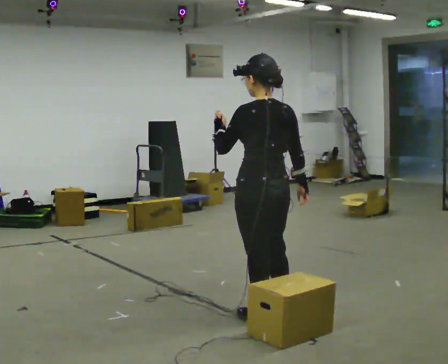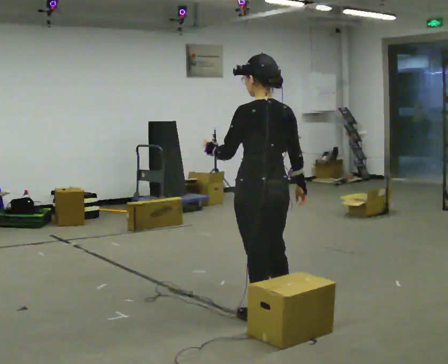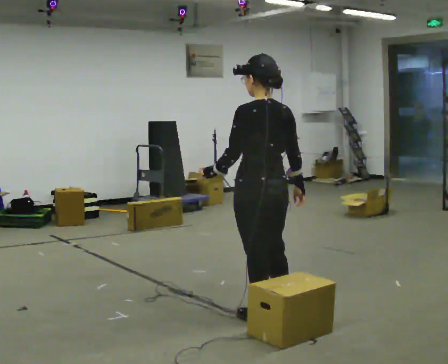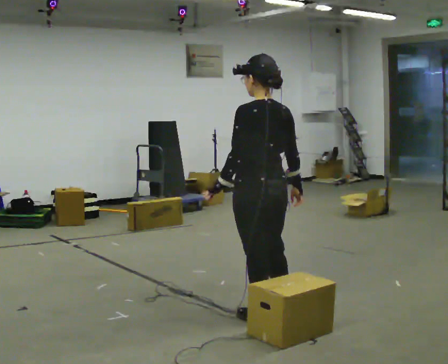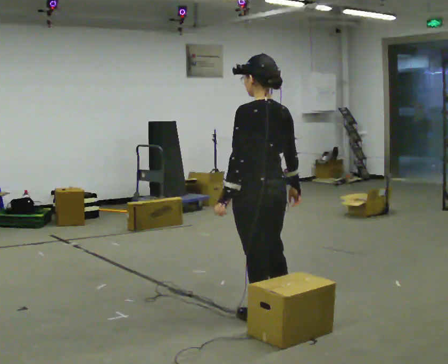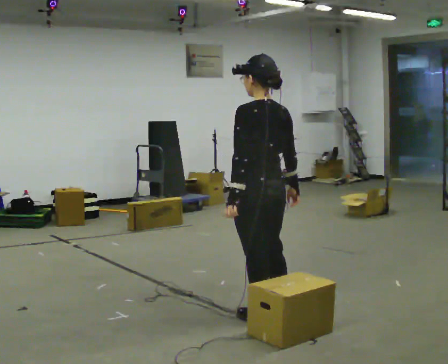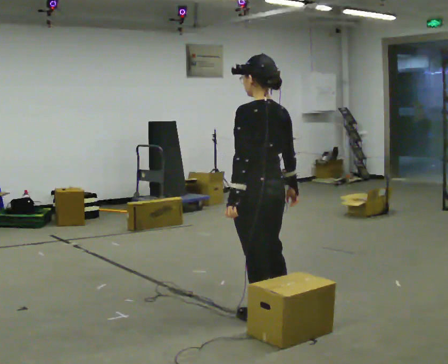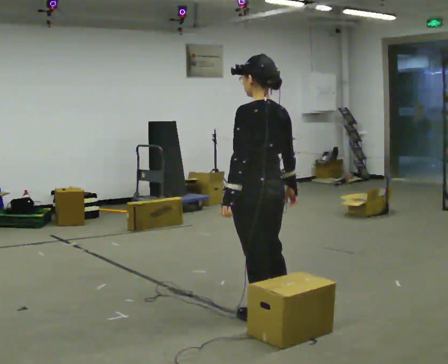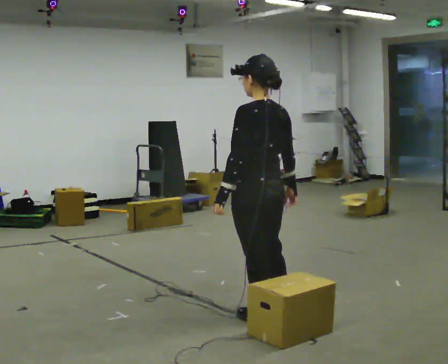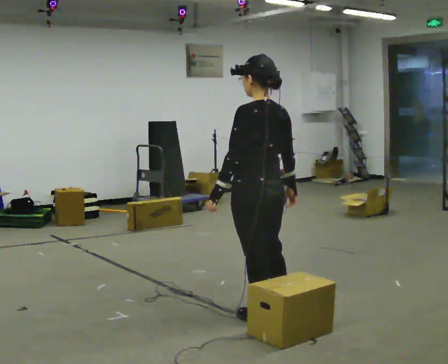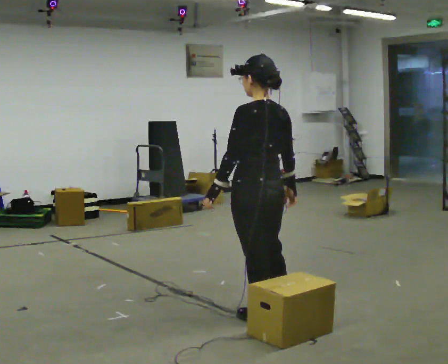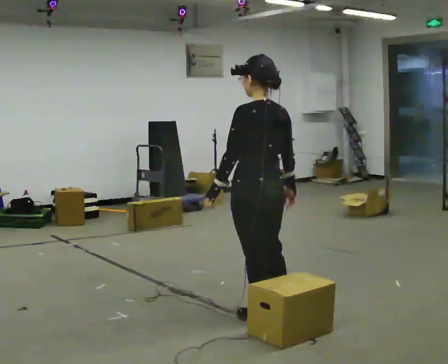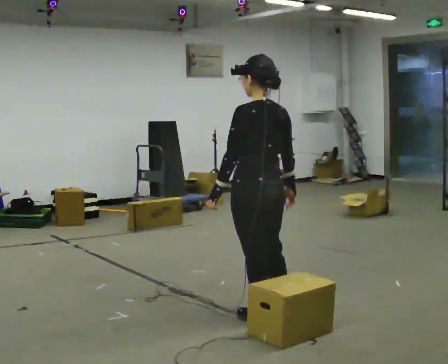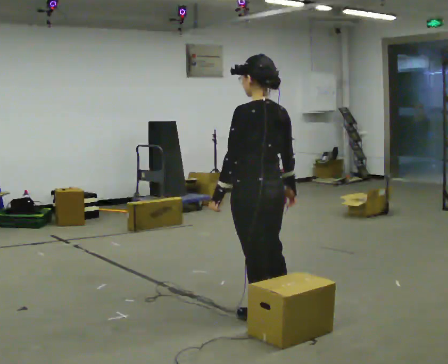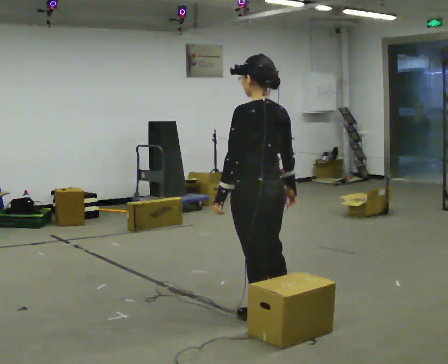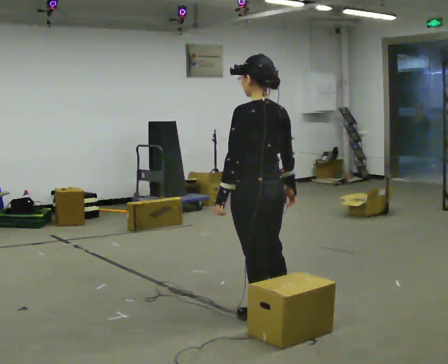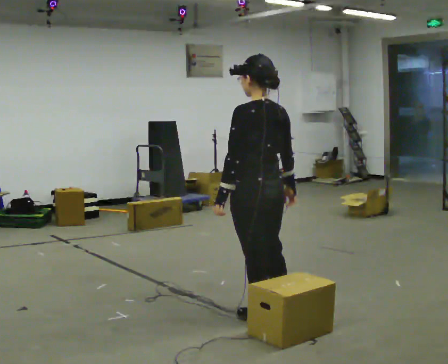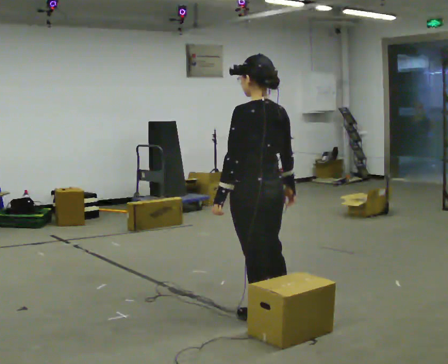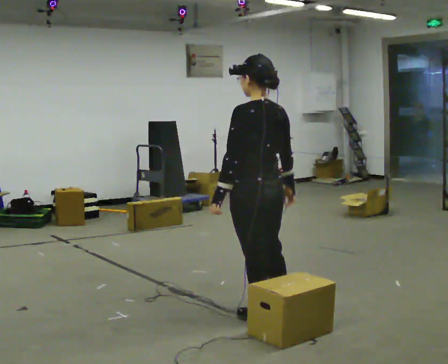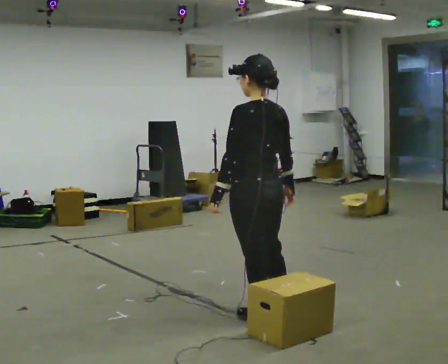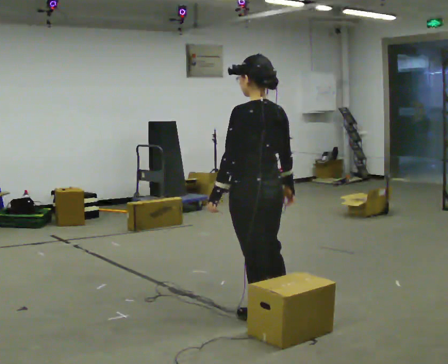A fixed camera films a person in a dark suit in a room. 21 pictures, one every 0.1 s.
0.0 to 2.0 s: The person moves a little, or ends about where they began.
The film runs forward here.
